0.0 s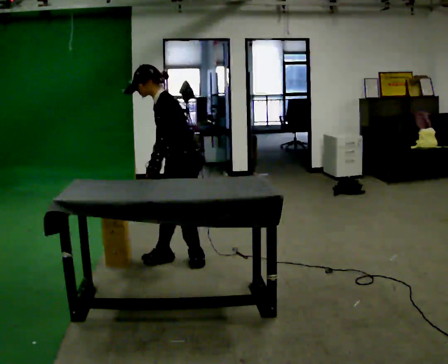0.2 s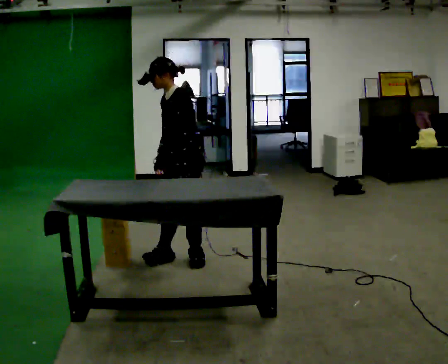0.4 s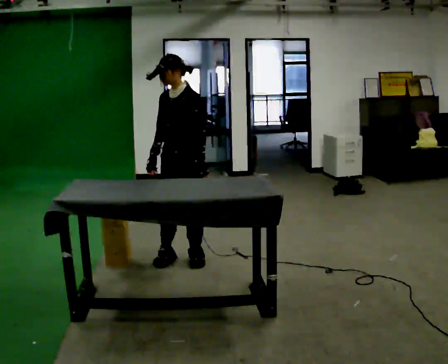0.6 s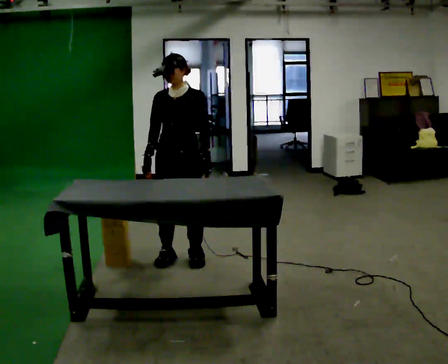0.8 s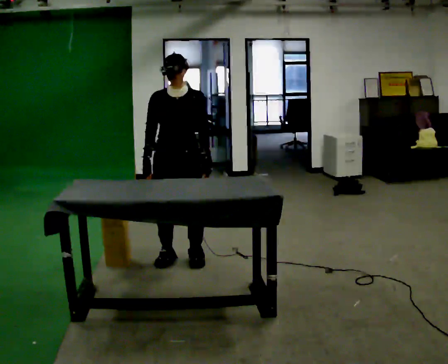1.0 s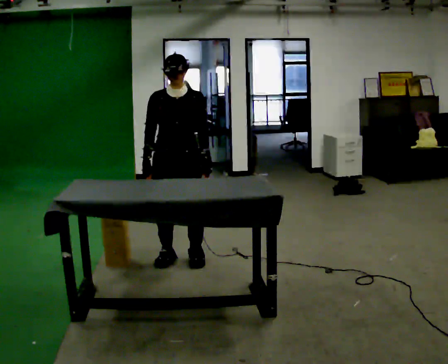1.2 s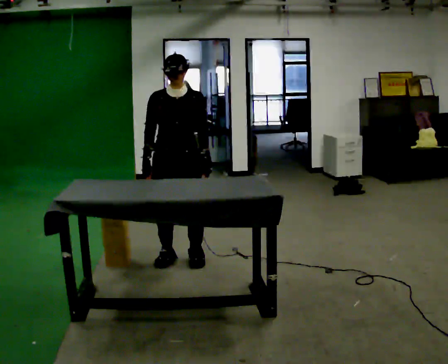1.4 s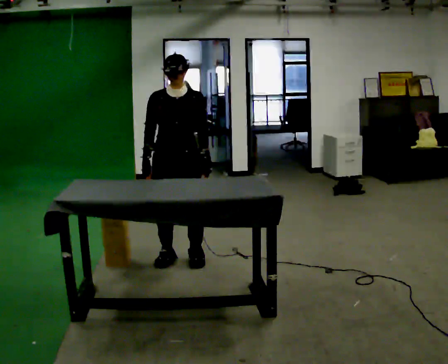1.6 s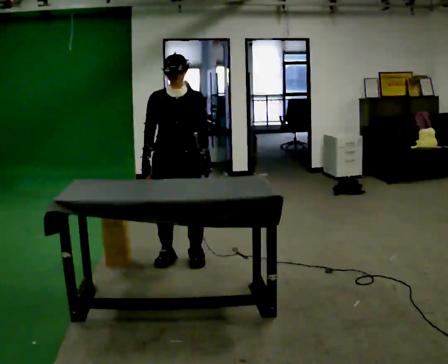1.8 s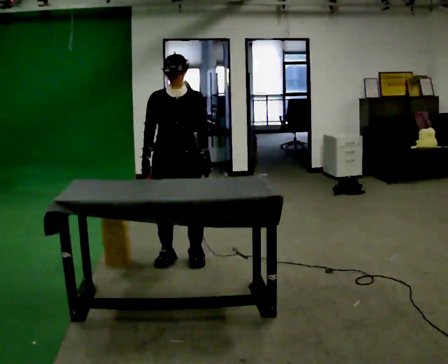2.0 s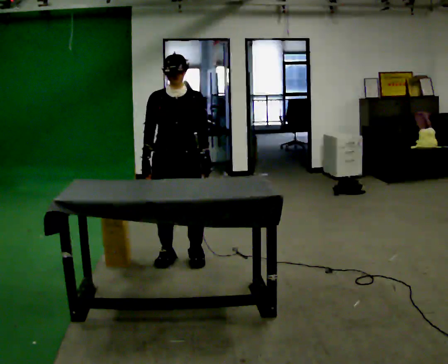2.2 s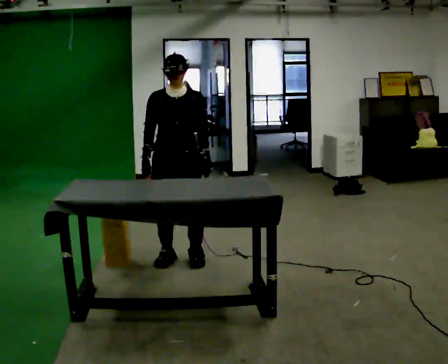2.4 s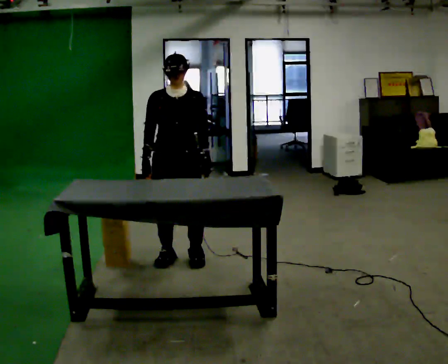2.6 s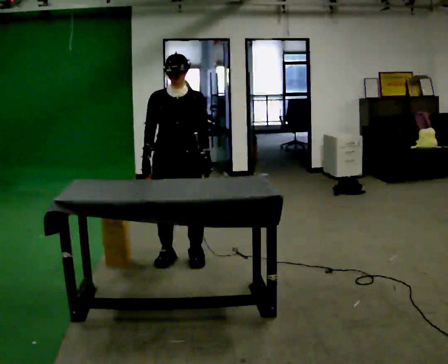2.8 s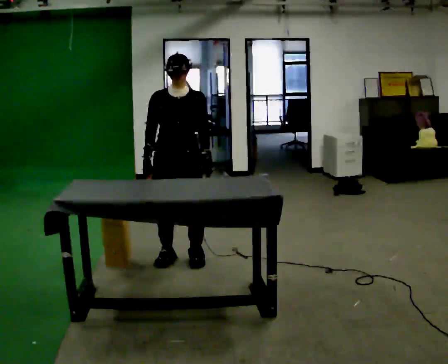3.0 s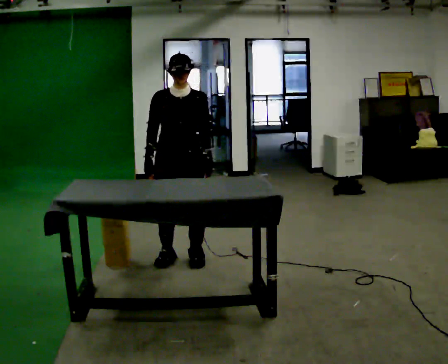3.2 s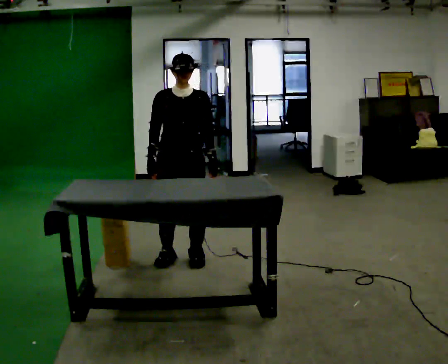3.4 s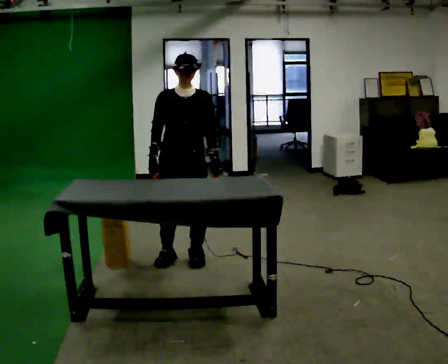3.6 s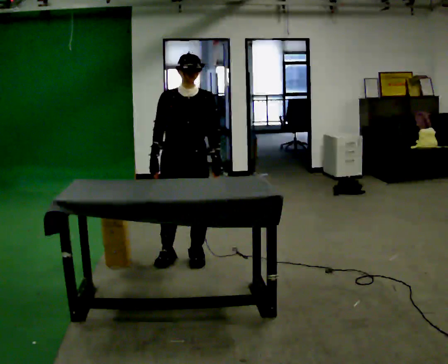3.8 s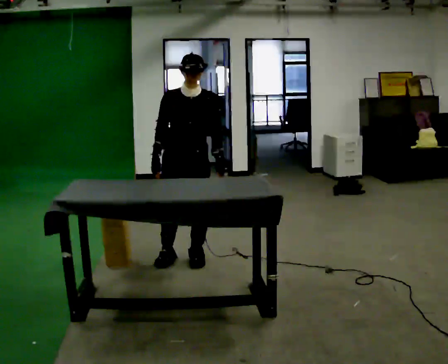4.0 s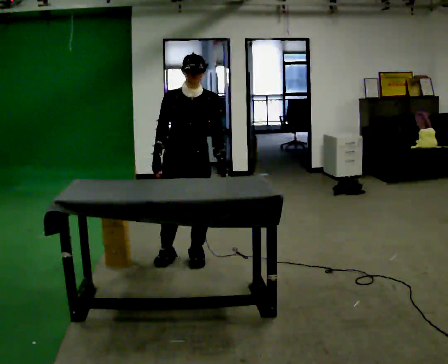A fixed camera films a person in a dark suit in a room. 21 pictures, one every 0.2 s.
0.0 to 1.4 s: The person turns about 75 degrees to their left, counterclockwise seen from above, so the part of the body nearest the lens slides to the right. In the picture the upper body tilts clockwise, shoulders to the right, as they lean back or straighten. In the picture their left hand goes to the right.
1.4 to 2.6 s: The person keeps their place and pose.
2.6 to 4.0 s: The person moves a little, or ends about where they began.
The film runs backward here.
